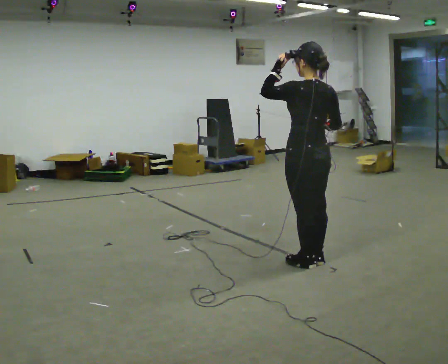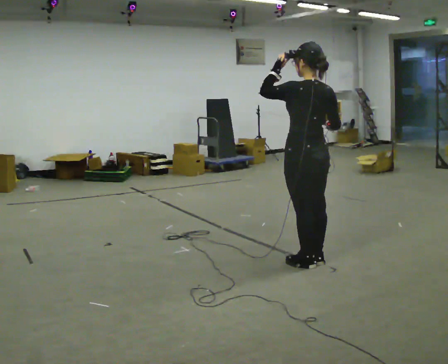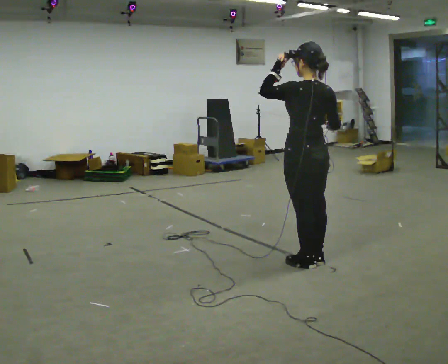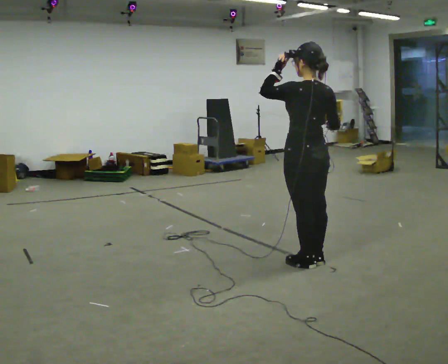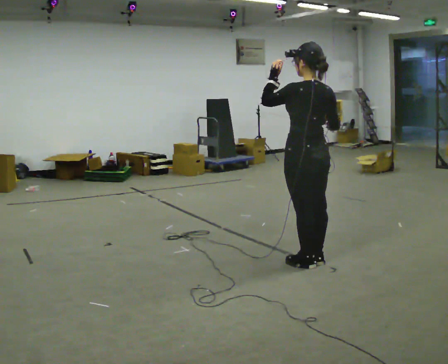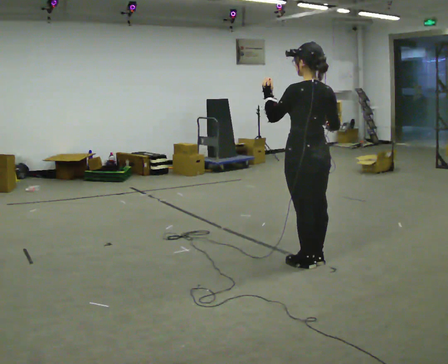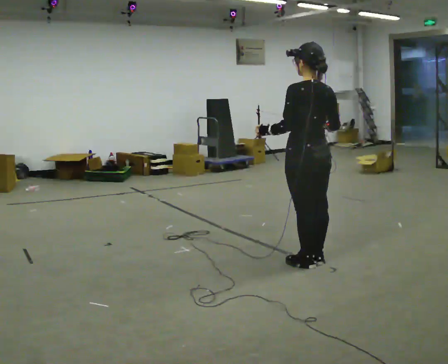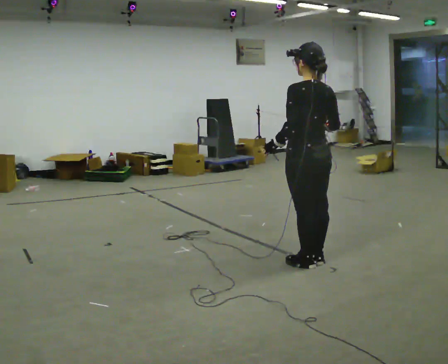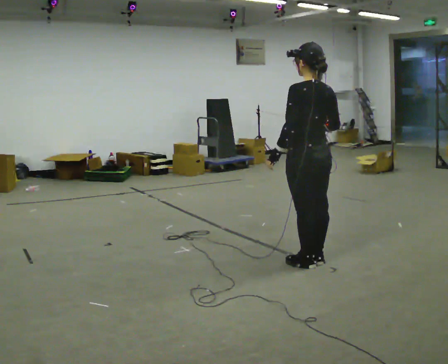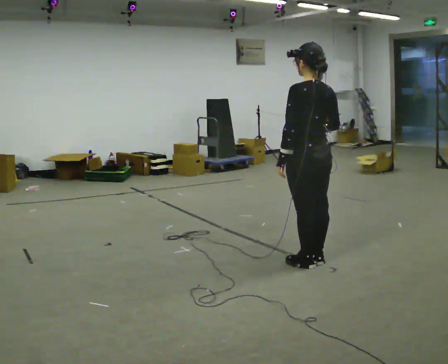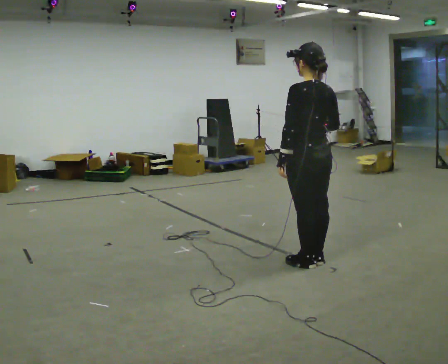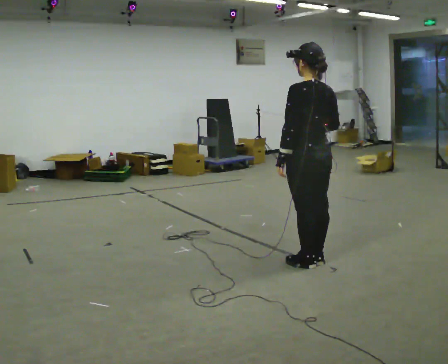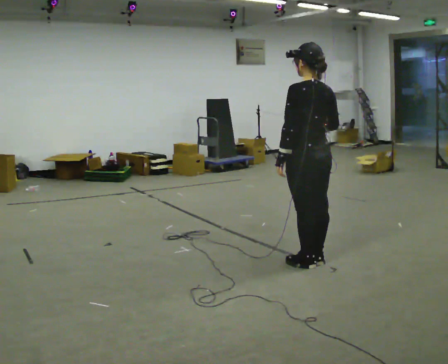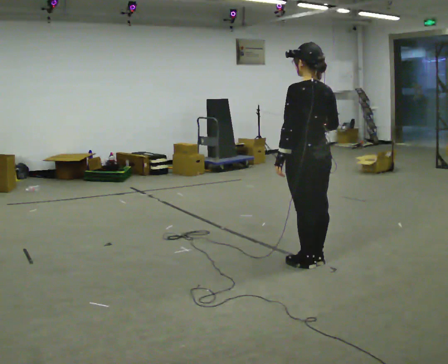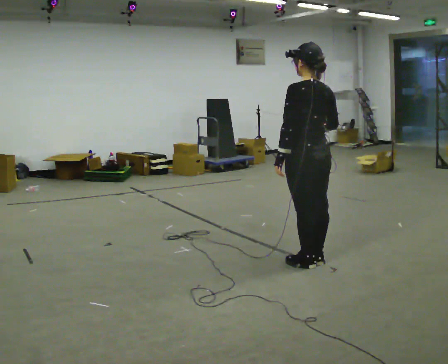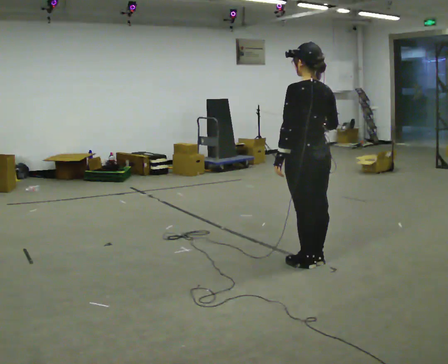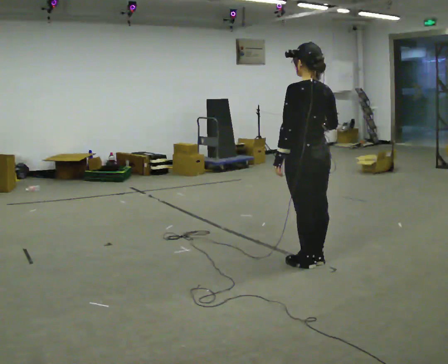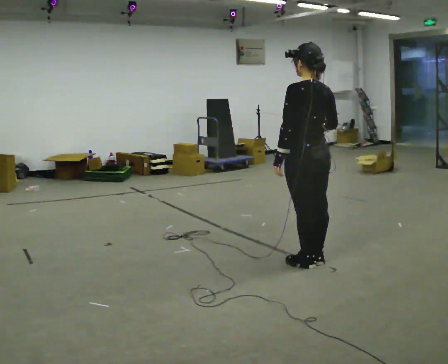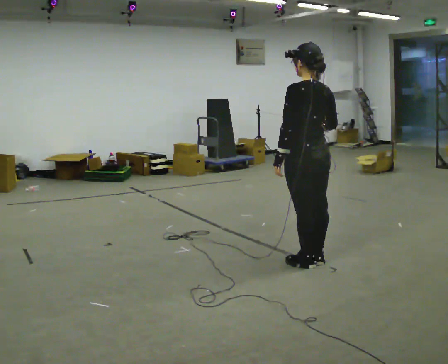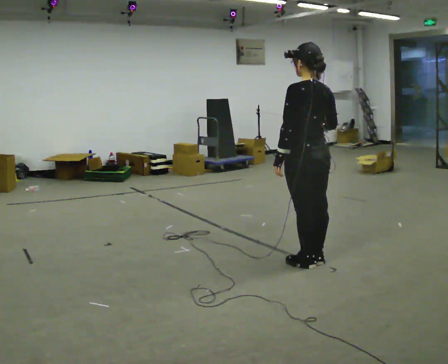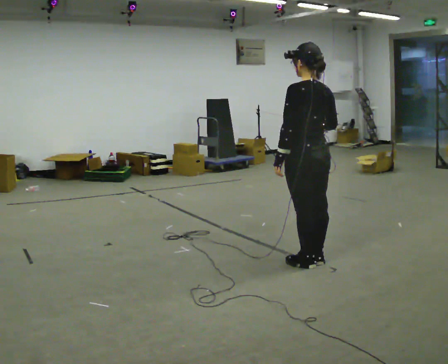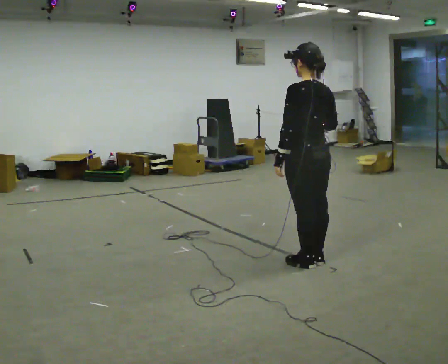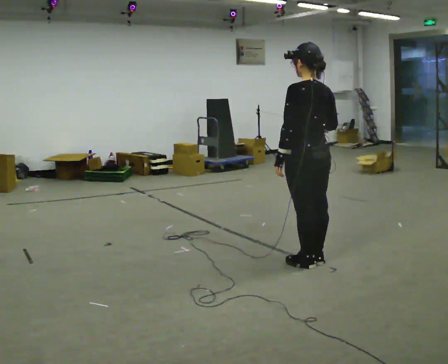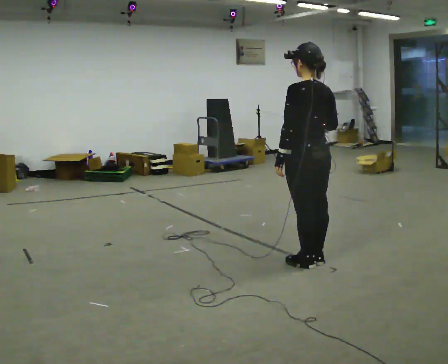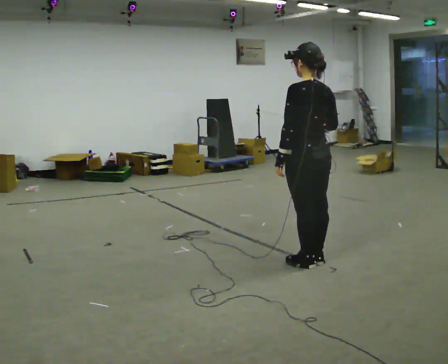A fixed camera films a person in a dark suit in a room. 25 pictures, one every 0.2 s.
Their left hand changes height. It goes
downward.
Their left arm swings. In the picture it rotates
counterclockwise.
0.0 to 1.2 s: In the picture their left hand goes downward, the arm swinging counterclockwise.
1.2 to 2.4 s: The person moves a little, or ends about where they began.
2.4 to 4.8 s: The person keeps their place and pose.
The film runs forward here.
